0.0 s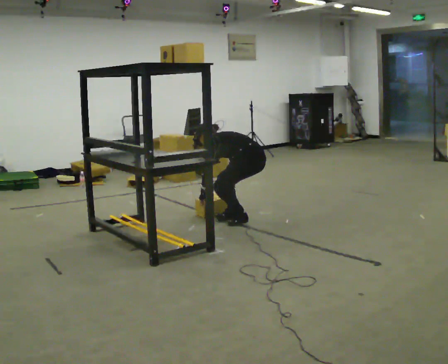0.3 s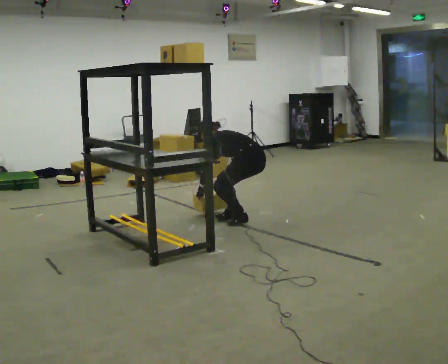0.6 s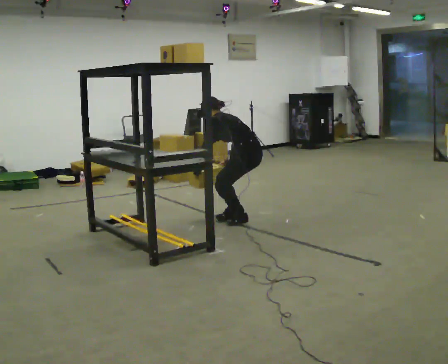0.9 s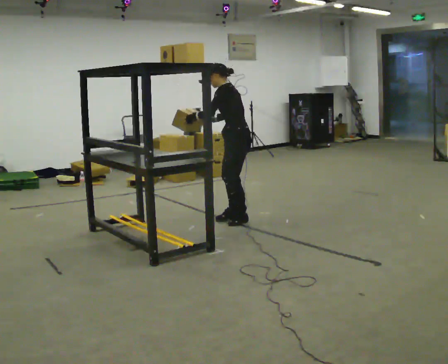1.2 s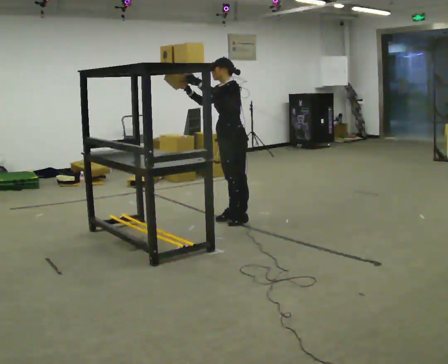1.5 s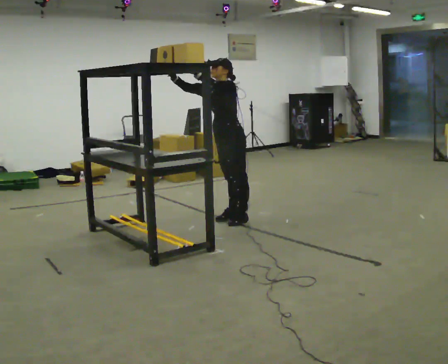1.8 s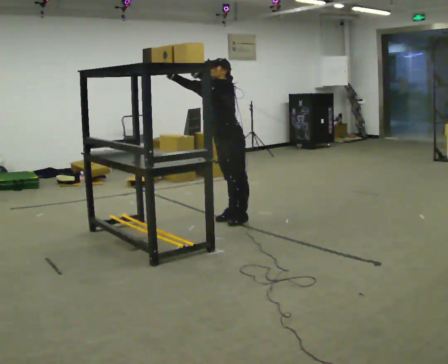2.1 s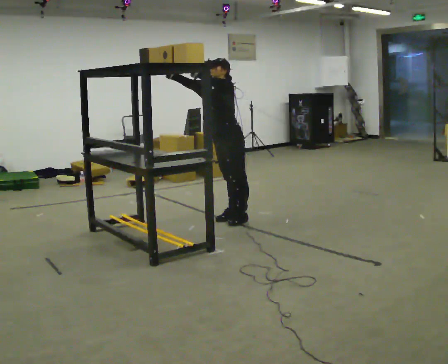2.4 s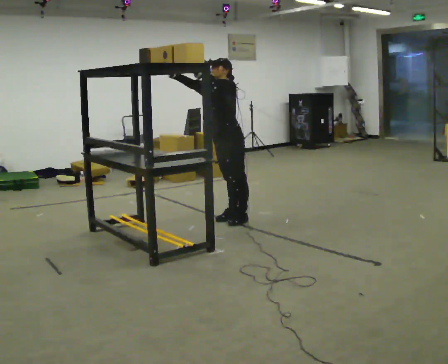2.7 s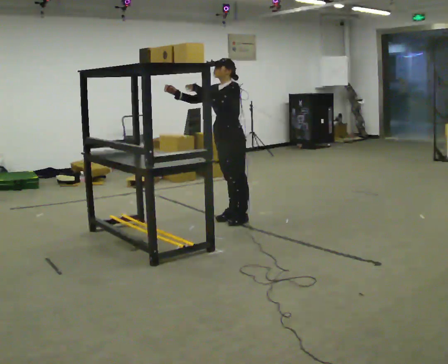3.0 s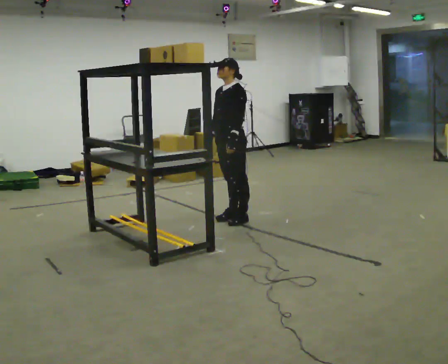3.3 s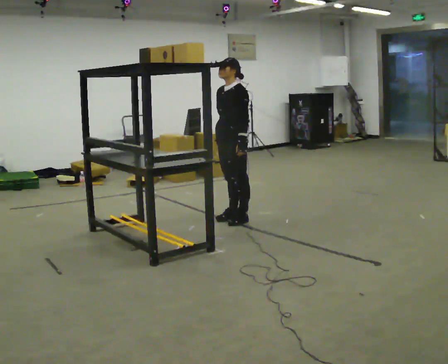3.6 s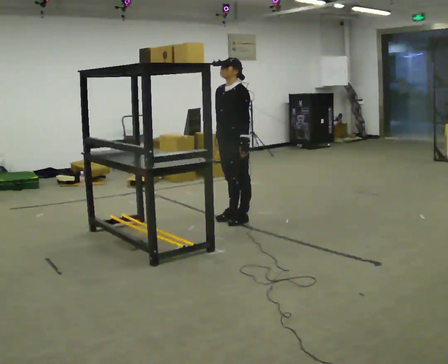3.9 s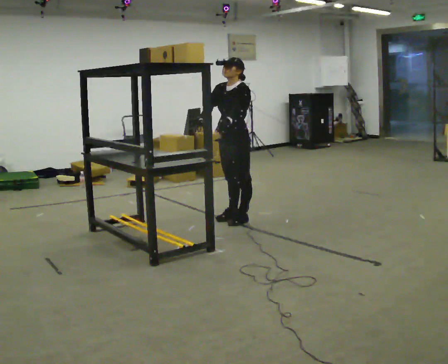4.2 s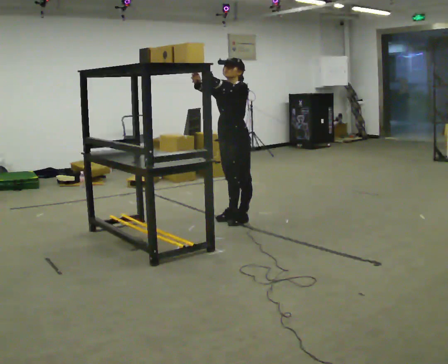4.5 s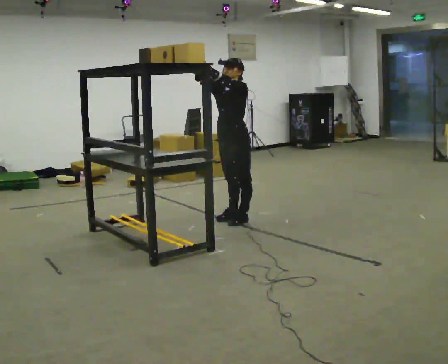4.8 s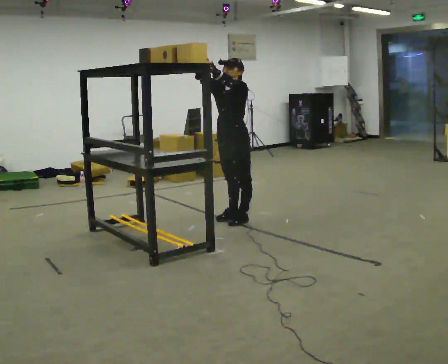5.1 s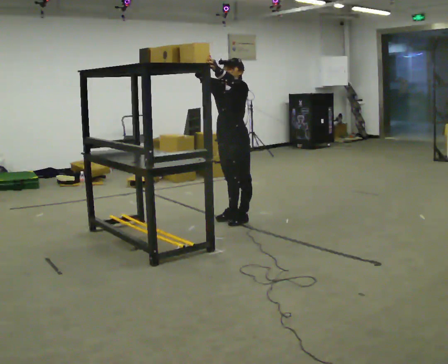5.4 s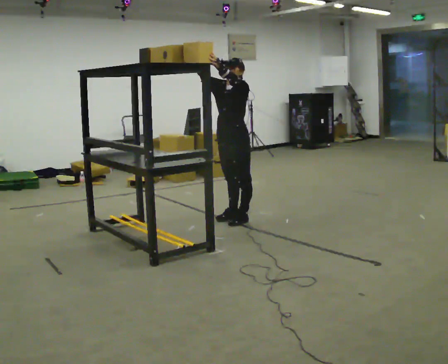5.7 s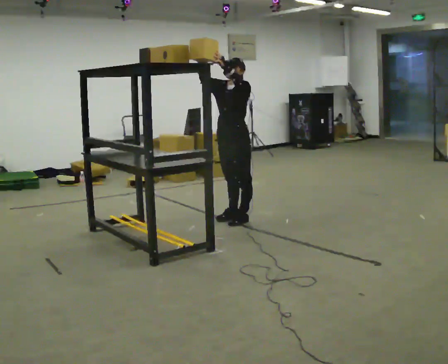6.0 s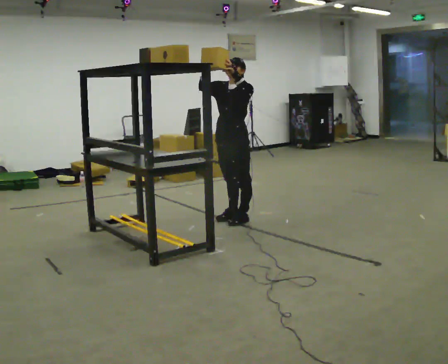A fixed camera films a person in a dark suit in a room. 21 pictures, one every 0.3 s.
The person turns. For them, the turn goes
to their left.
The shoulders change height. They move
upward.
0.0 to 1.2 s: The part of the body nearest the lens slides to the right as the person turns to their left by about 45 degrees. In the picture they go to the left, about 0.25 m, which for them is forward. The upper body goes upward. In the picture the upper body tilts clockwise, shoulders to the right, as they lean back or straighten. In the picture their right hand goes upward and to the left, the arm swinging clockwise.
1.2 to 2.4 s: The person moves a little, or ends about where they began.
2.4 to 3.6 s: In the picture their right hand goes downward and to the right, the arm swinging counterclockwise.
3.6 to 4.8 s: In the picture their right hand goes upward.
4.8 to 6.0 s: The person moves a little, or ends about where they began.
The film runs backward here.
